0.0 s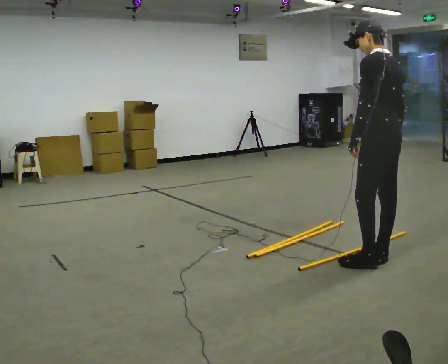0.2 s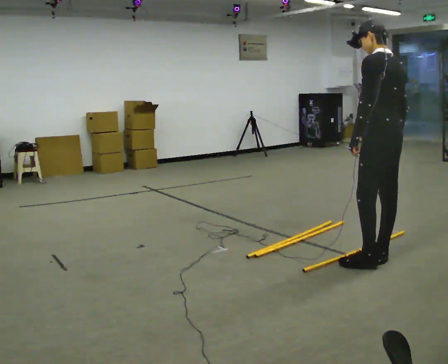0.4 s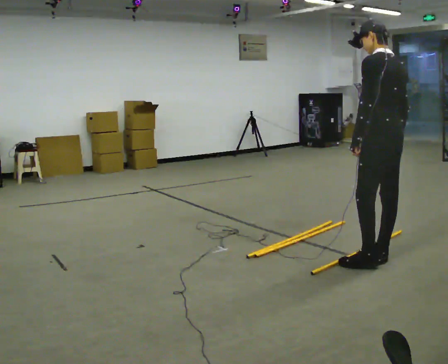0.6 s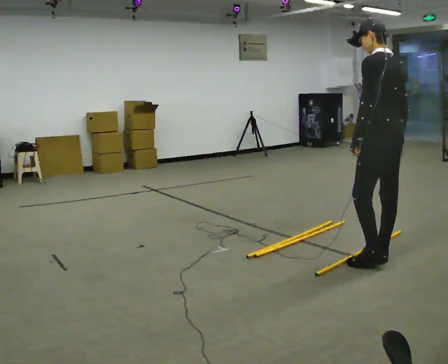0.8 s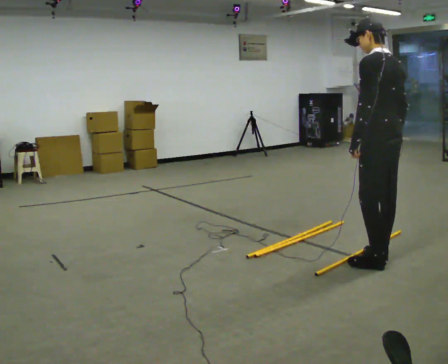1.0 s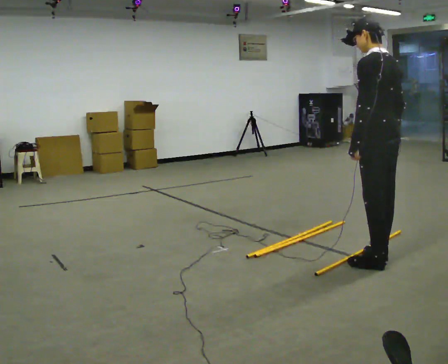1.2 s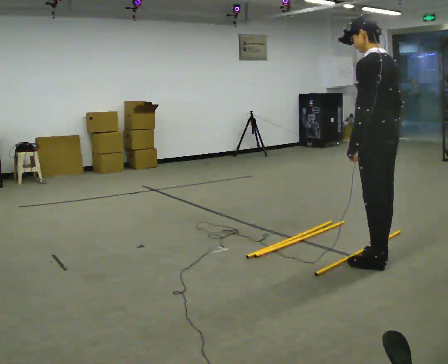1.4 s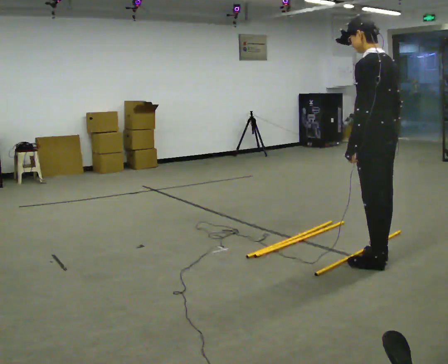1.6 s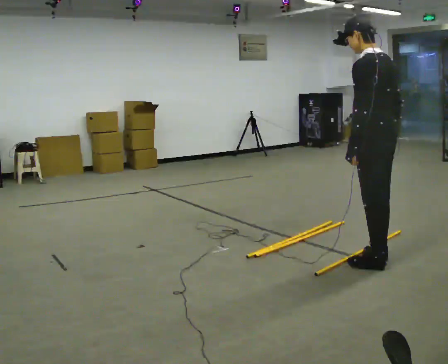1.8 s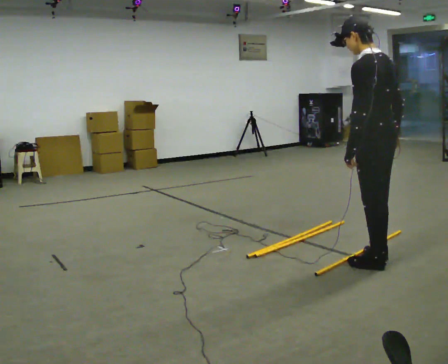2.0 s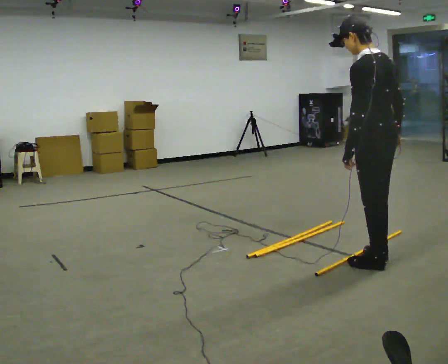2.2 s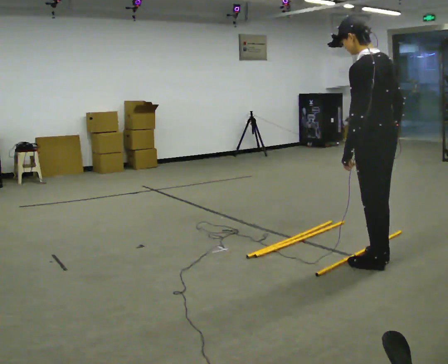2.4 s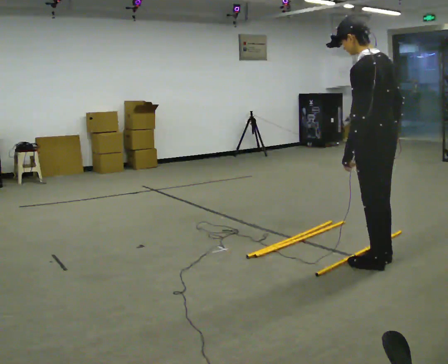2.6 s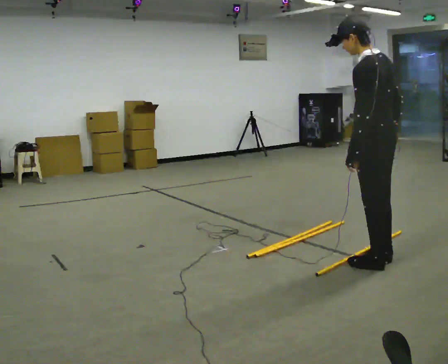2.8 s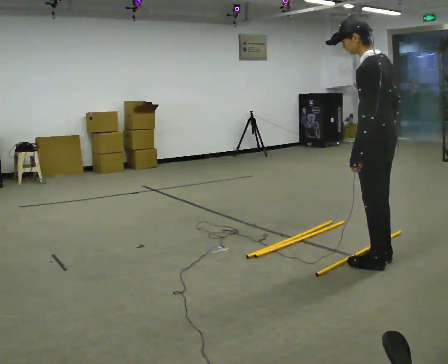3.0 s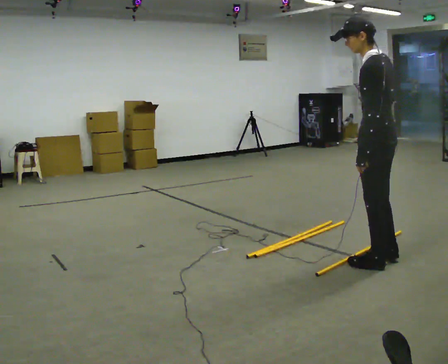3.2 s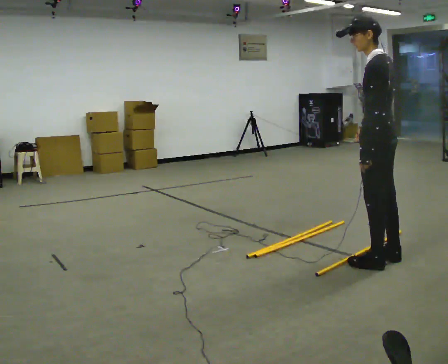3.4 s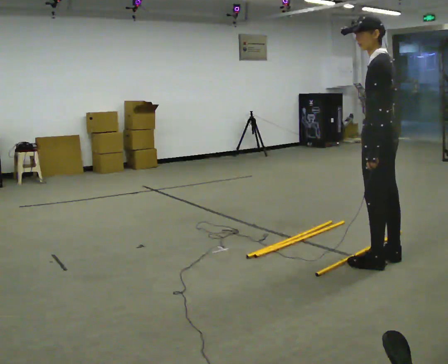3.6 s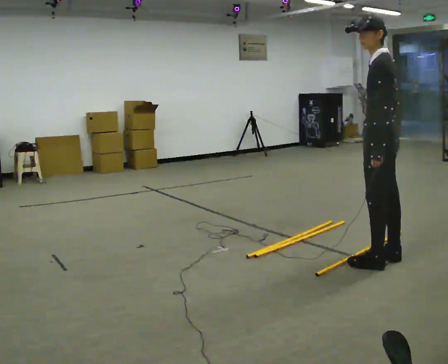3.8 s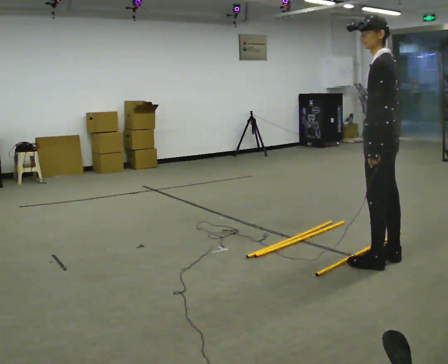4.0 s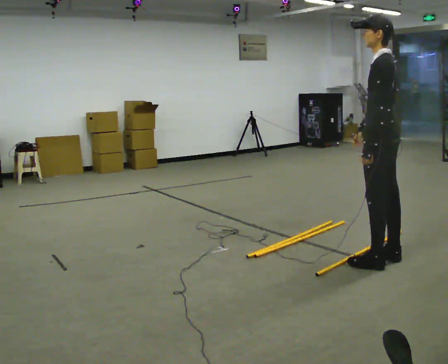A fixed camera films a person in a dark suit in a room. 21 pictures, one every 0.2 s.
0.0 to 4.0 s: The person moves a little, or ends about where they began.
The film runs backward here.
